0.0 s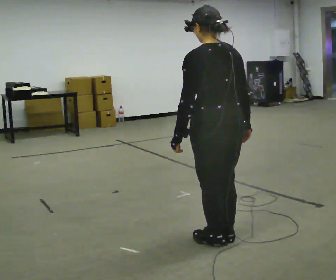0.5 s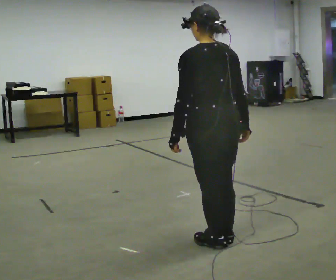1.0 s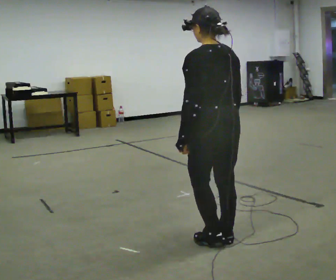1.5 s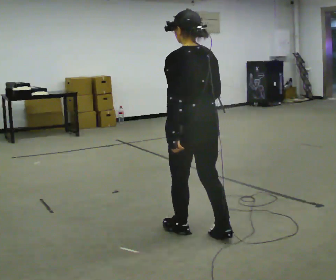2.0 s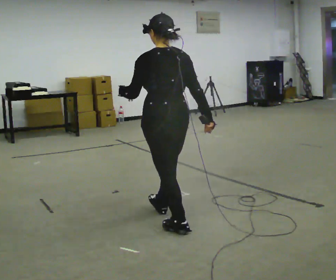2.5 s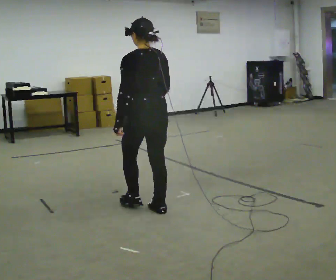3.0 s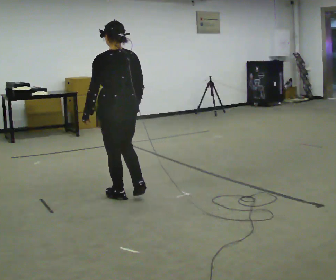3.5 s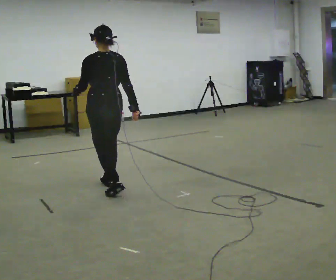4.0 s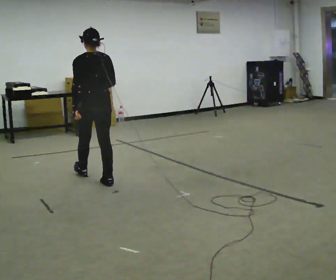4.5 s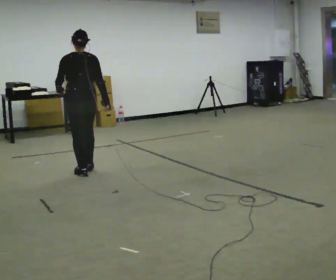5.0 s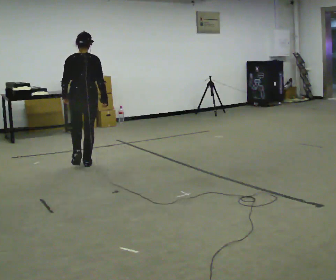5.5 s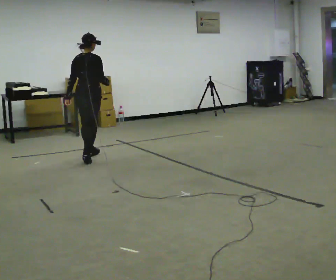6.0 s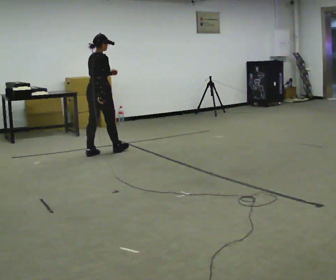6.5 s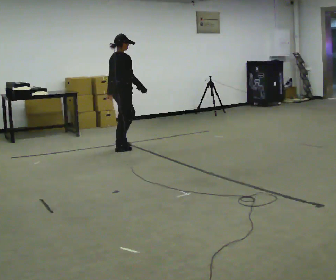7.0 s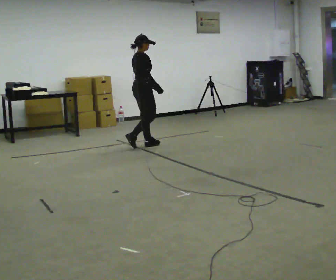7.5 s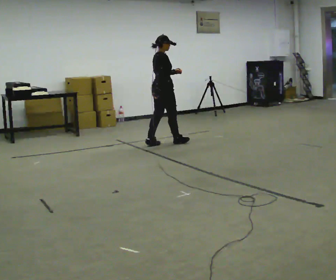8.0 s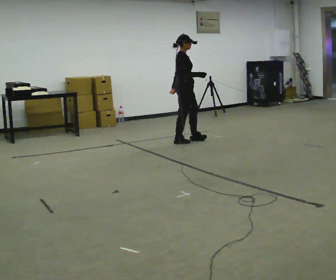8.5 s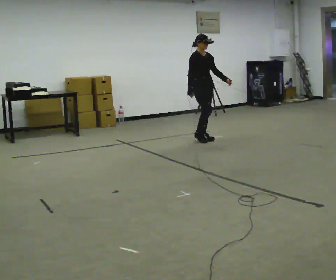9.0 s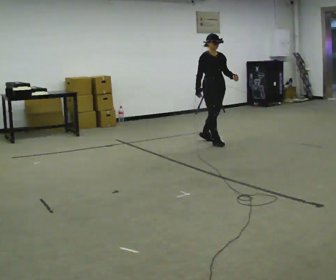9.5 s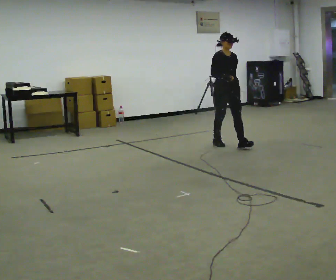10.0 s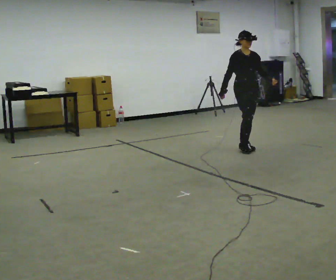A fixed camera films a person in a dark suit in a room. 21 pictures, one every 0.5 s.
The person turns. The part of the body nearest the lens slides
to the left.
The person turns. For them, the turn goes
to their right.
0.0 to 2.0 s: In the picture they go away from the camera and to the left, about 0.5 m in 1 step, which for them is forward.
2.0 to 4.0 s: In the picture they go away from the camera, about 1.5 m in 3 steps, which for them is forward.
4.0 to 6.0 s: The part of the body nearest the lens slides to the left as the person turns to their right by about 75 degrees. In the picture they go away from the camera, about 1 m in 3 steps.
6.0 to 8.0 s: The person turns about 45 degrees to their right, clockwise seen from above, so the part of the body nearest the lens slides to the left. In the picture they go to the right, about 1.5 m in 3 steps, which for them is forward.
8.0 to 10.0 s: Seen from above the body turns clockwise, about 60 degrees: to their right, with its near side sliding to the left. In the picture they go toward the camera and to the right, about 1 m in 3 steps.
The film runs forward here.
